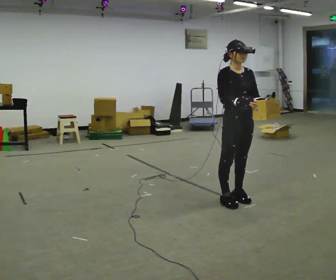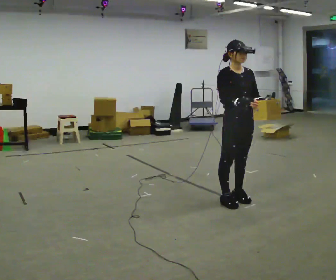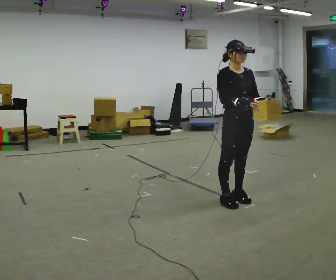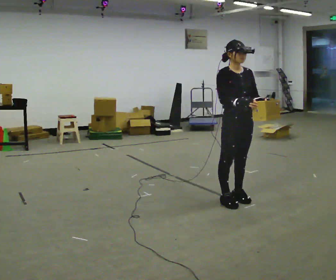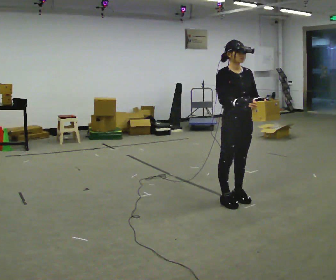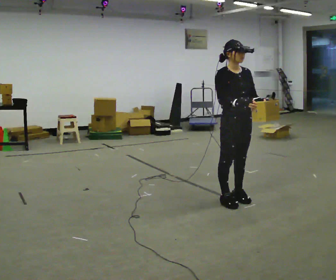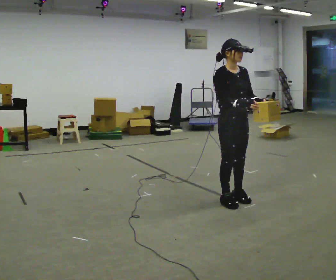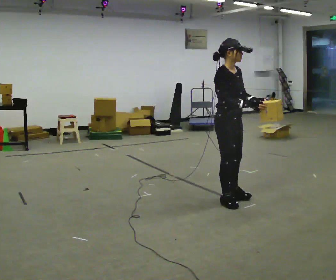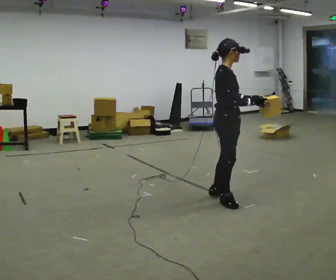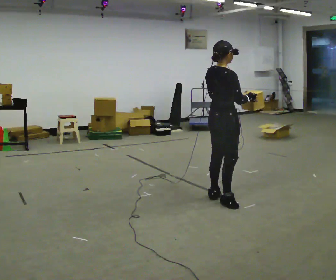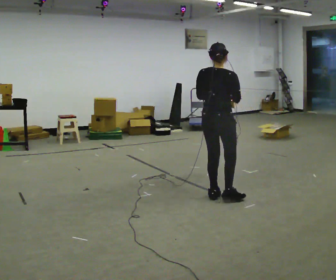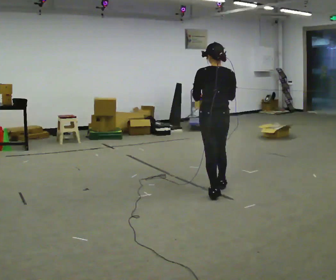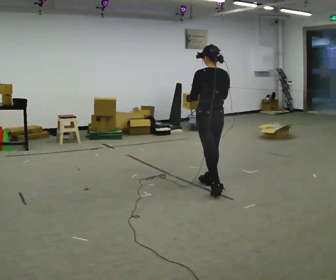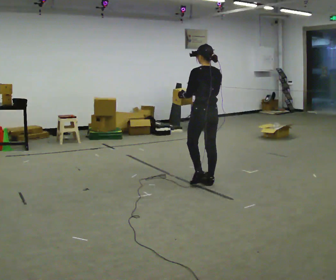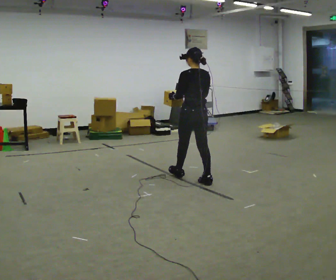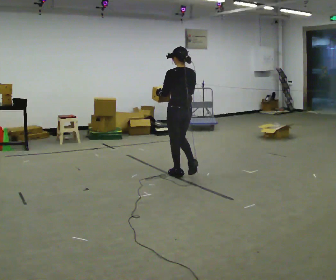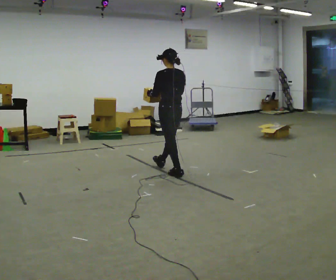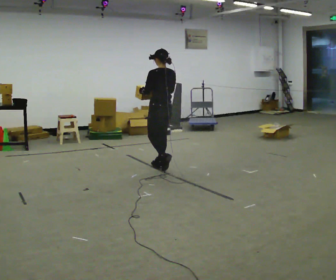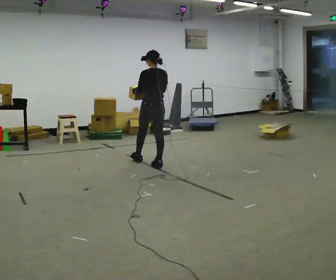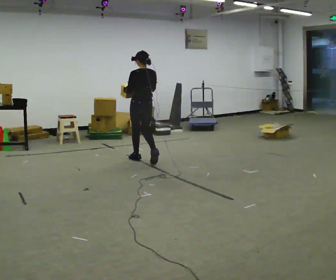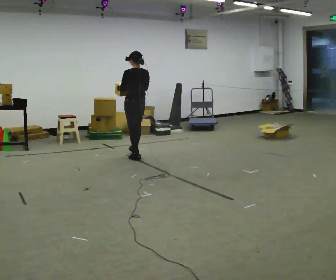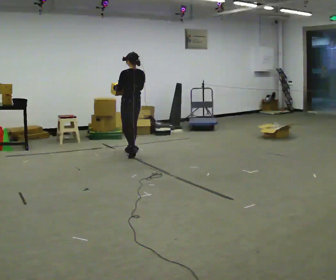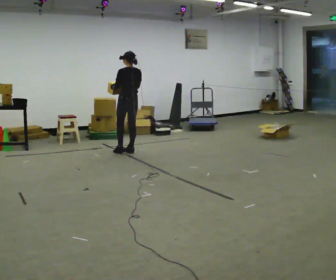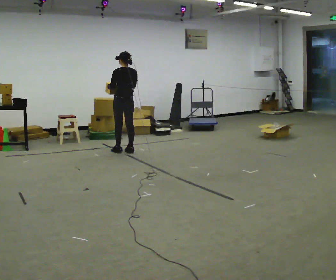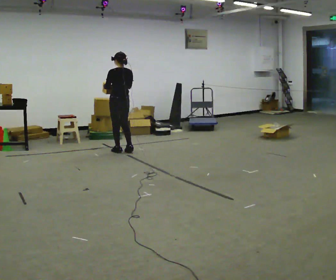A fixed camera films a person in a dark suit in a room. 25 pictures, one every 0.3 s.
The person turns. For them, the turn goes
to their left.
The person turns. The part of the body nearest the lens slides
to the right.
0.0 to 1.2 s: The person keeps their place and pose.
1.2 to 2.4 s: The part of the body nearest the lens slides to the right as the person turns to their left by about 60 degrees.
2.4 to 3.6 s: Seen from above the body turns counterclockwise, about 120 degrees: to their left, with its near side sliding to the right. In the picture they go away from the camera, about 0.5 m in 2 steps.
3.6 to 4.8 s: In the picture they go away from the camera and to the left, about 1 m in 1 step, which for them is forward.
4.8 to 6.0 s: In the picture they go to the left and away from the camera, about 1 m in 2 steps, which for them is forward.
6.0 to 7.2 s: In the picture they go to the left and away from the camera, about 0.5 m in 2 steps, which for them is forward.
The film runs forward here.
